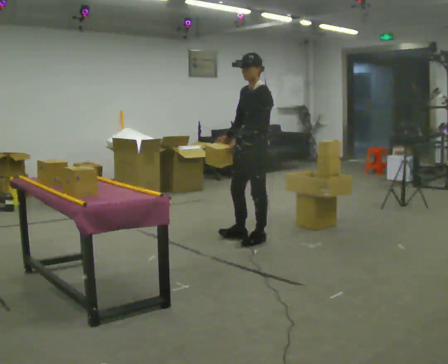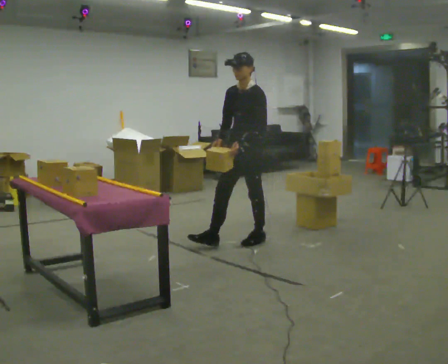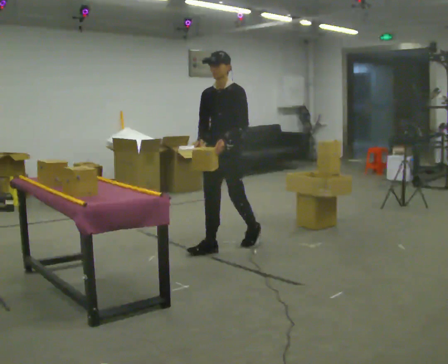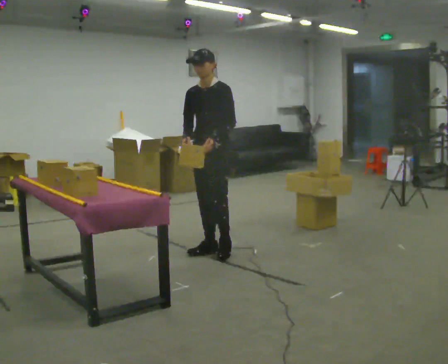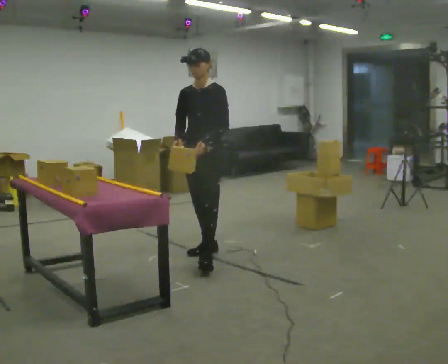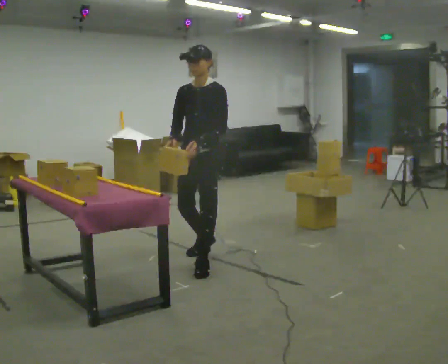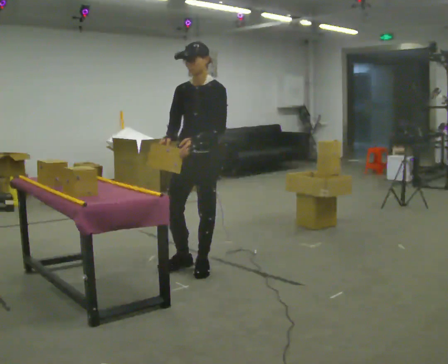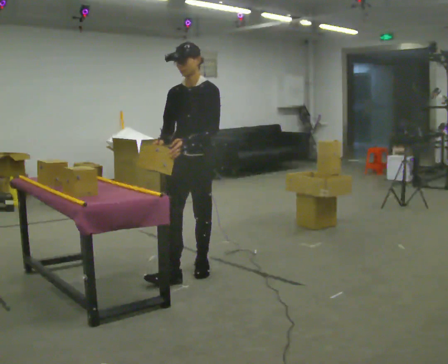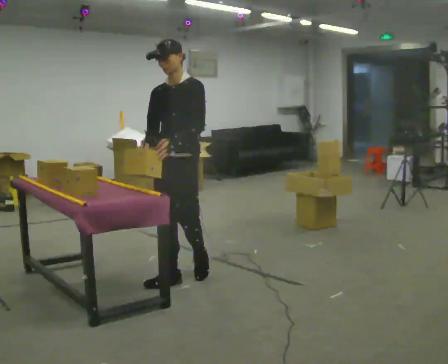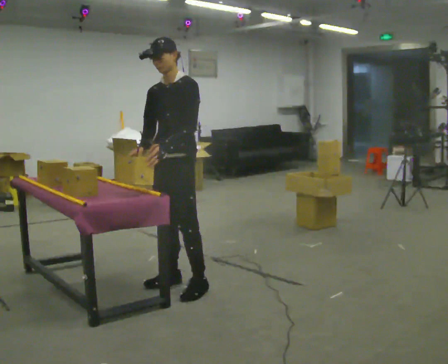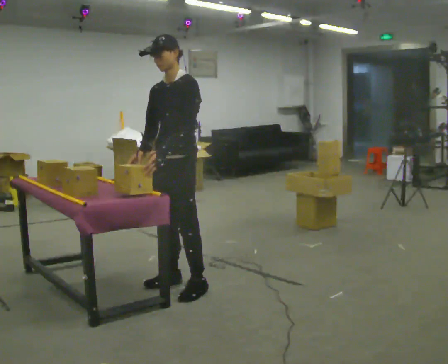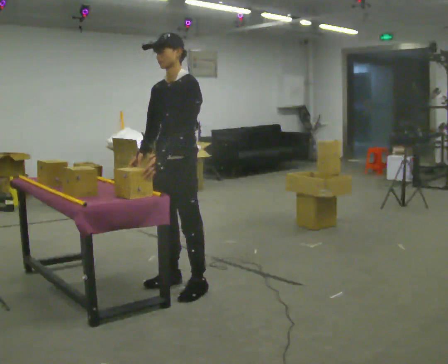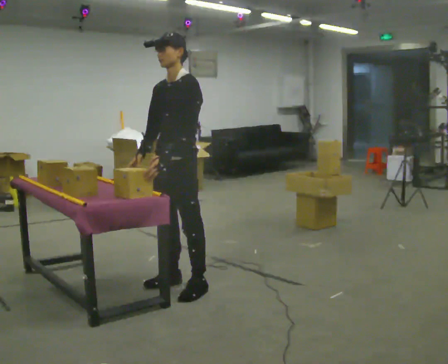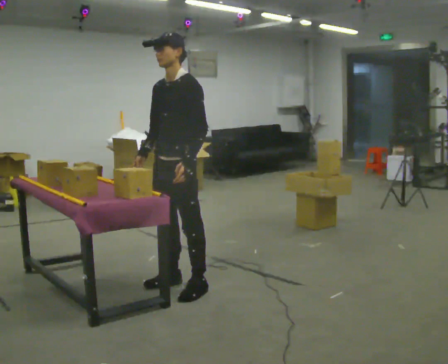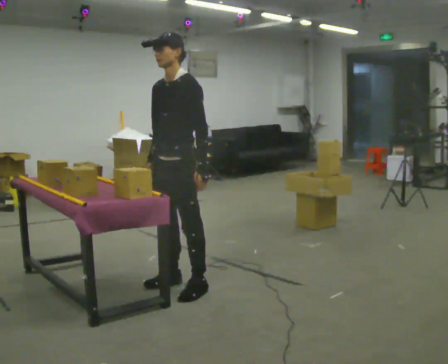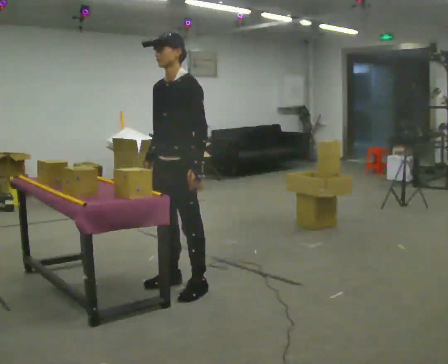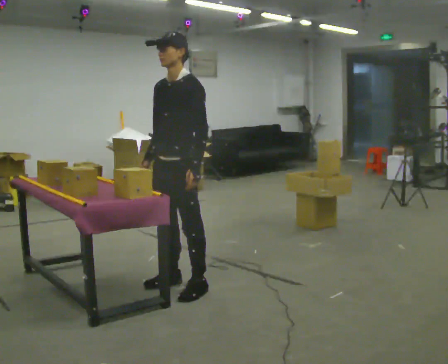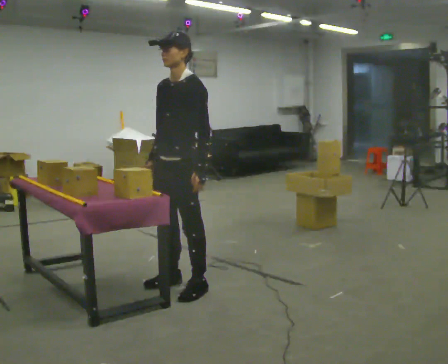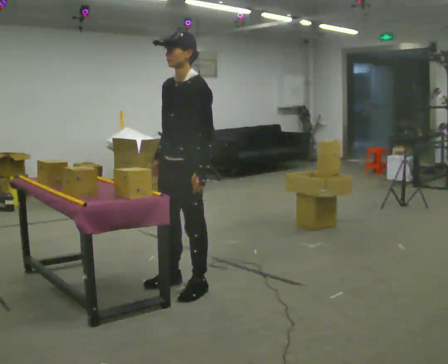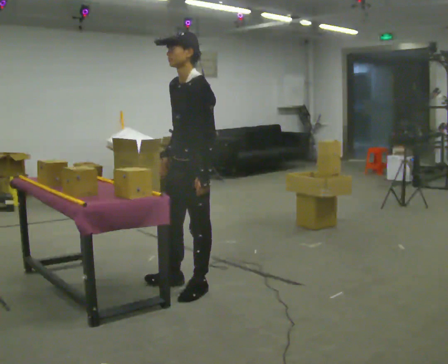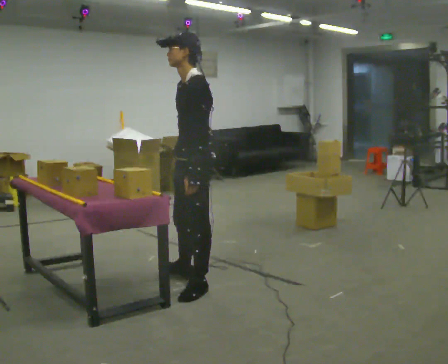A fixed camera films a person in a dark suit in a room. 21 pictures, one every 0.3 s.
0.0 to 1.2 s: The person turns about 45 degrees to their left, counterclockwise seen from above, so the part of the body nearest the lens slides to the right. In the picture they go to the left and toward the camera, about 0.5 m in 1 step, which for them is forward.
1.2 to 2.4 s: In the picture they go toward the camera and to the left, about 0.5 m in 2 steps, which for them is forward.
2.4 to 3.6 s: In the picture they go toward the camera, about 0.25 m in 1 step, which for them is to their left and forward.
3.6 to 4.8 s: The person moves a little, or ends about where they began.
4.8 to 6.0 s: The part of the body nearest the lens slides to the left as the person turns to their right by about 30 degrees.
The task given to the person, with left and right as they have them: Carry the object over and fit it into the gap between the two boxes already on the shelf, without touching either of them. Keep going until the operator says stop; one object at a time, and do not rush between trips.
The film runs forward here.
